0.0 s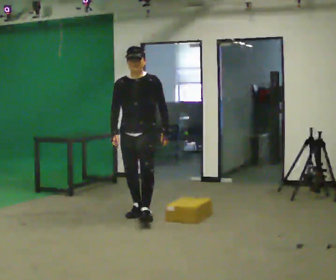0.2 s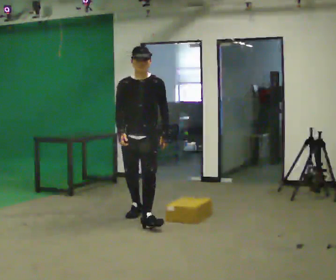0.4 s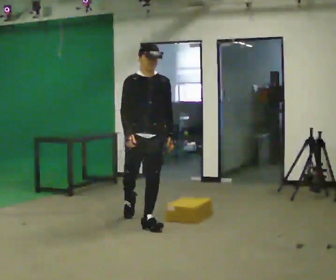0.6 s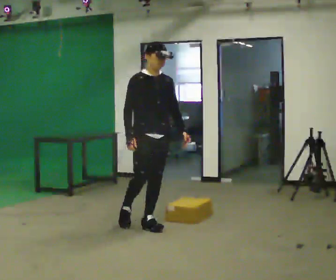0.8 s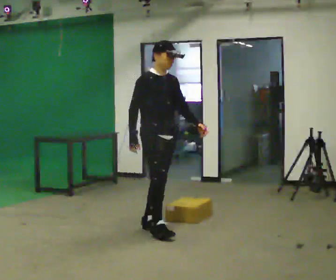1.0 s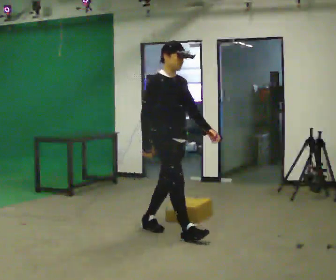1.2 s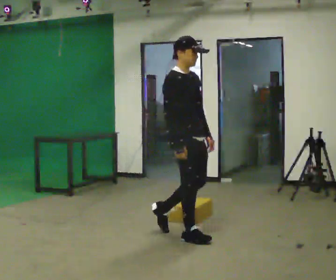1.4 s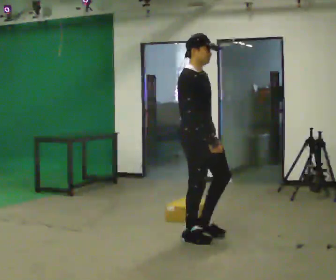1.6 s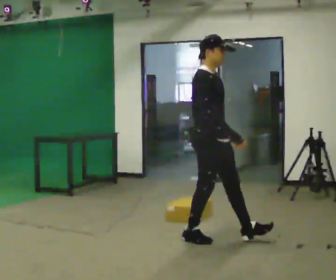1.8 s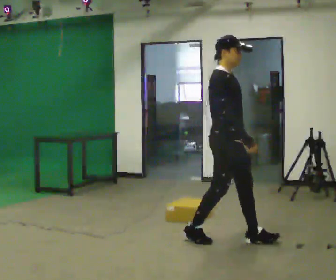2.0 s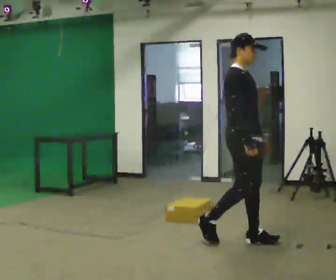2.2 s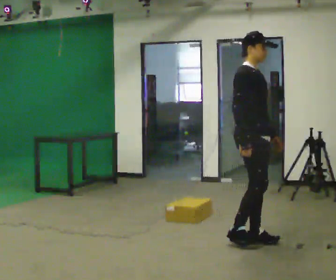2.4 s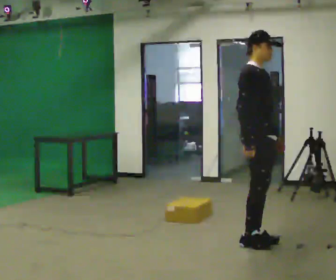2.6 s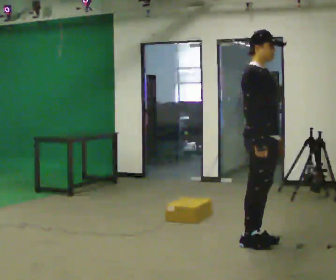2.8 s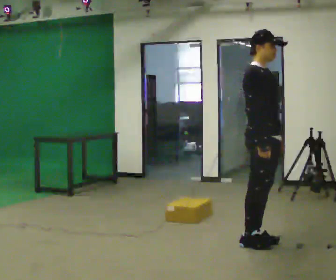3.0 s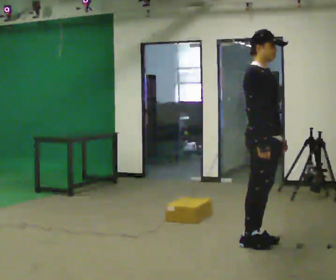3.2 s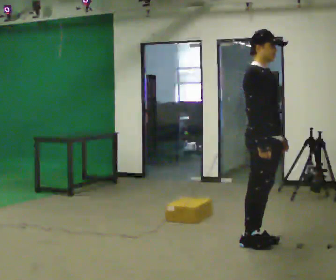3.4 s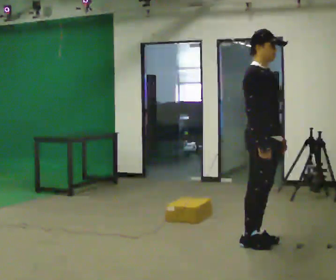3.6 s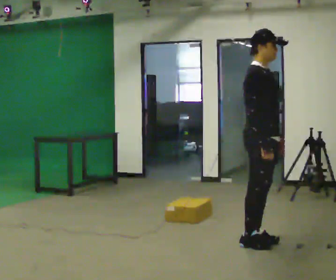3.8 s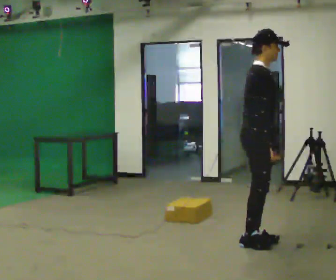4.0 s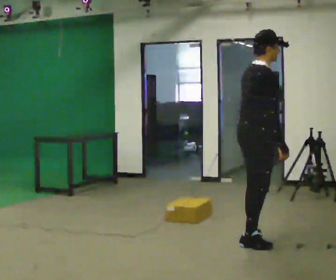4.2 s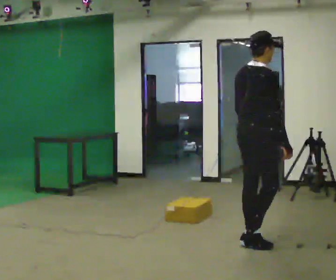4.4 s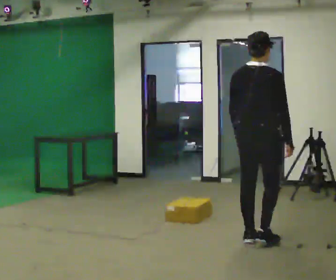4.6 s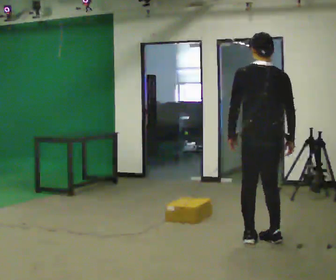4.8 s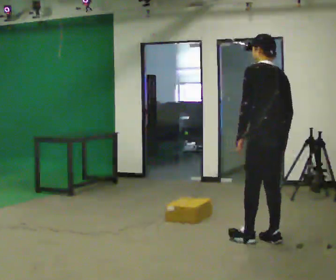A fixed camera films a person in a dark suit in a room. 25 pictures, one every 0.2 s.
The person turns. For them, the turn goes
to their left.
The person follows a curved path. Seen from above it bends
counterclockwise.
0.0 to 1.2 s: Seen from above the body turns counterclockwise, about 75 degrees: to their left, with its near side sliding to the right. In the picture they go toward the camera and to the right, about 1 m in 2 steps.
1.2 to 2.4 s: In the picture they go to the right, about 0.75 m in 2 steps, which for them is forward.
2.4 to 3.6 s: The person moves a little, or ends about where they began.
3.6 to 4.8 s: The person turns about 150 degrees to their left, counterclockwise seen from above, so the part of the body nearest the lens slides to the right.
The film runs forward here.
